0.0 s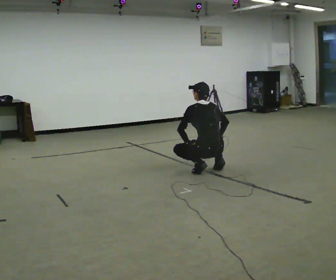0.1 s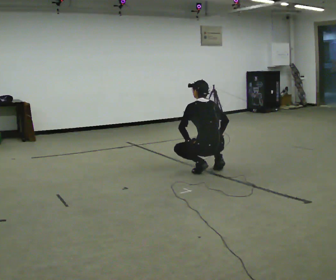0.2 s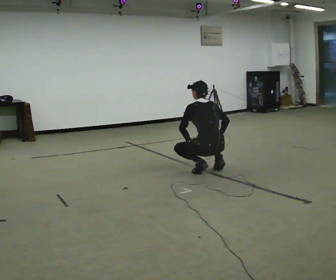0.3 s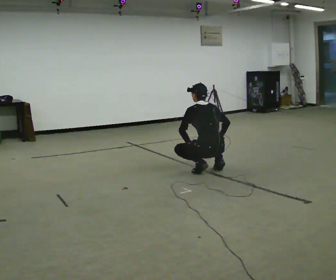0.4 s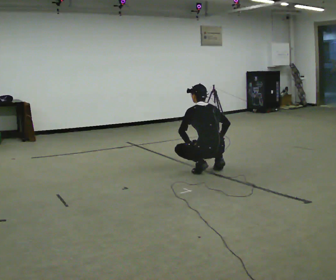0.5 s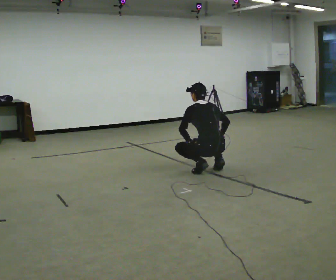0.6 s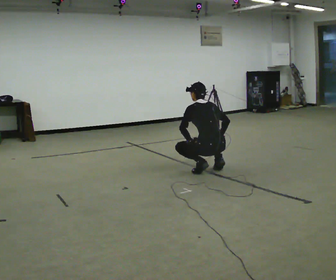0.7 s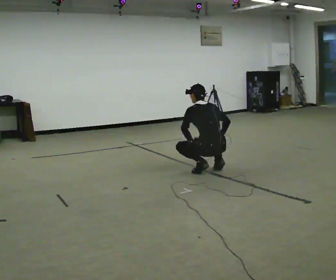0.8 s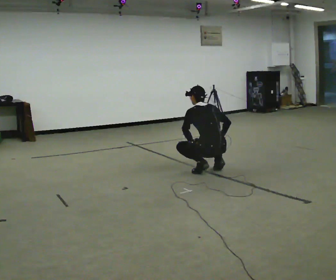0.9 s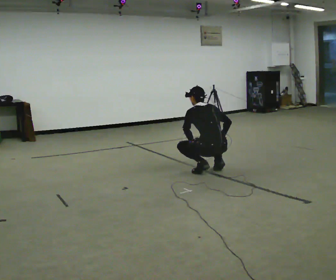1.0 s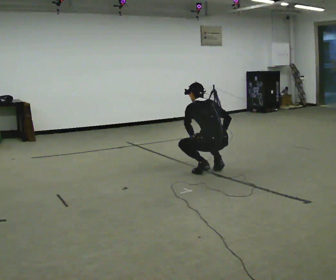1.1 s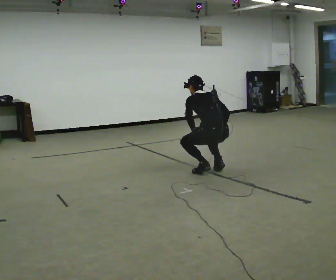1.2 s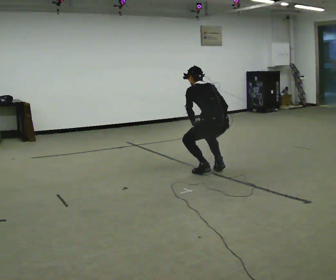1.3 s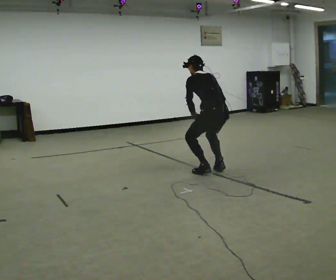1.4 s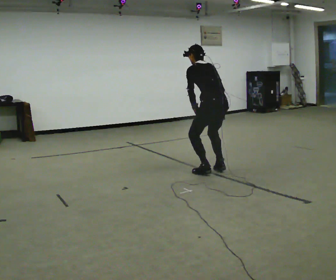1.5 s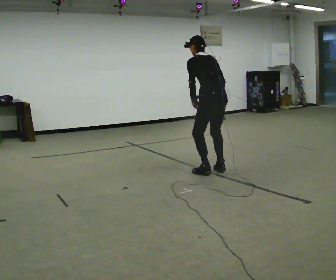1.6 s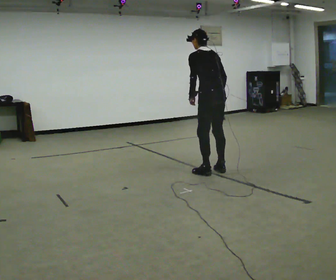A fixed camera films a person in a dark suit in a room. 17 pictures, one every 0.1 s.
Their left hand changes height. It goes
upward.
The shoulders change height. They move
upward.
0.0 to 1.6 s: The upper body goes upward. In the picture their right hand goes upward.
The film runs forward here.
